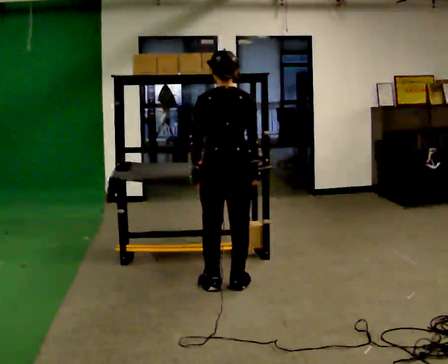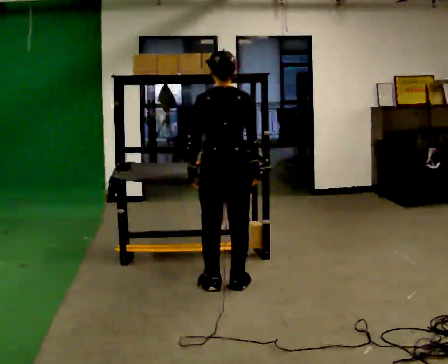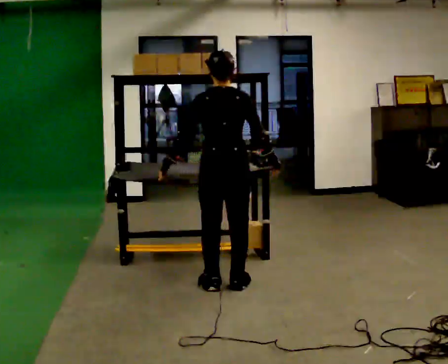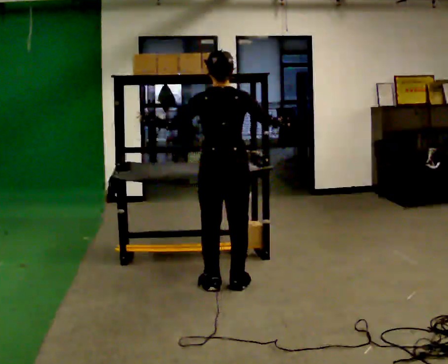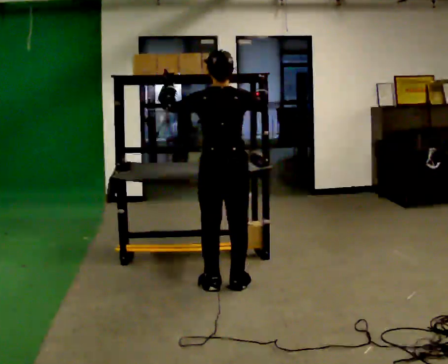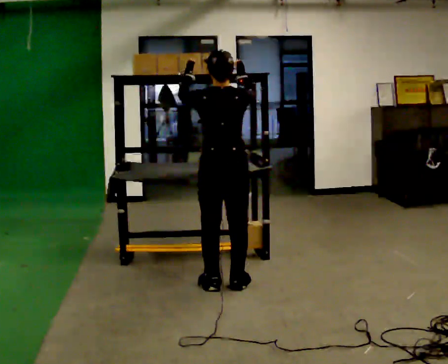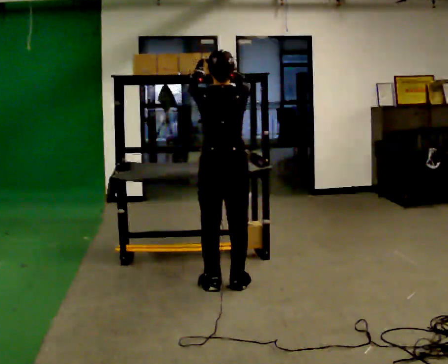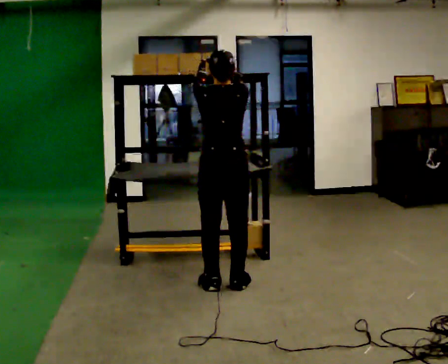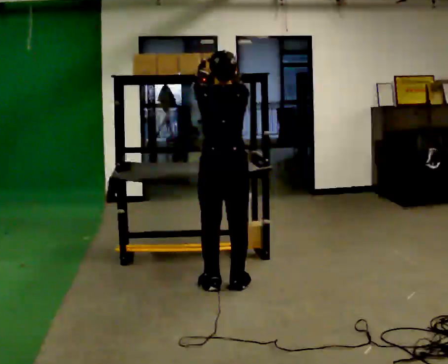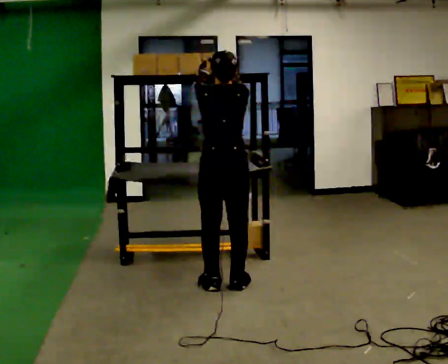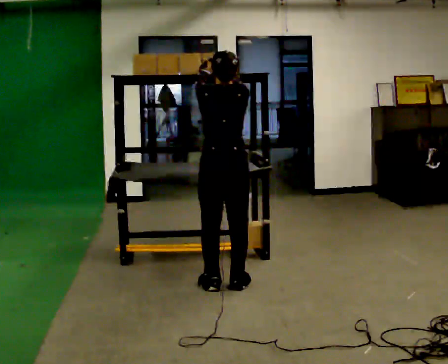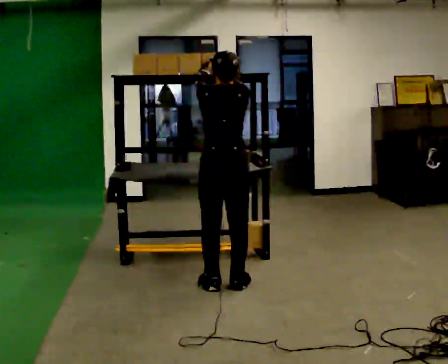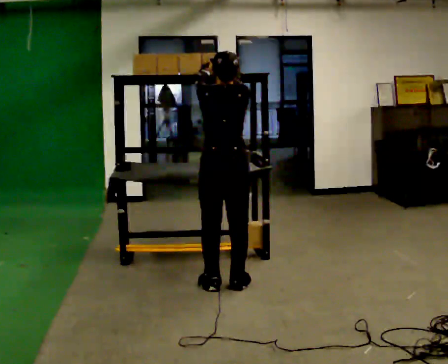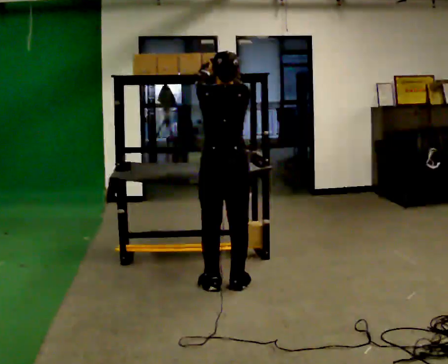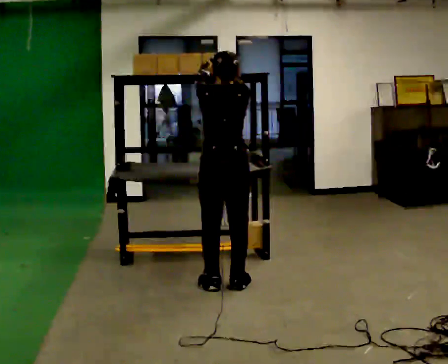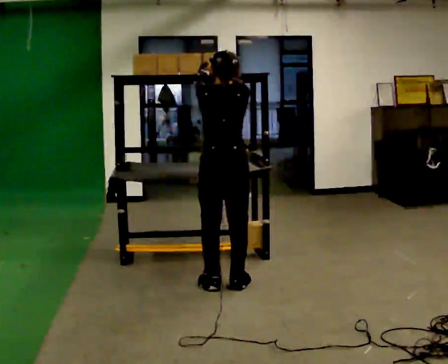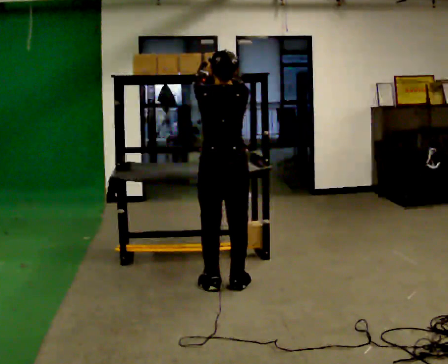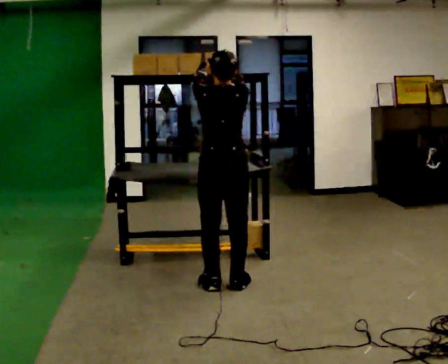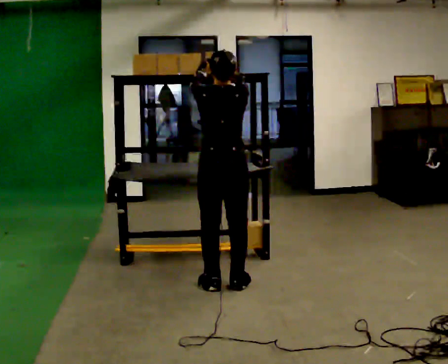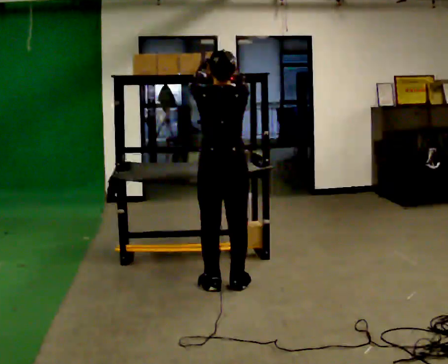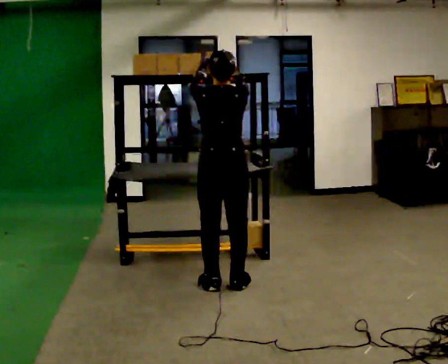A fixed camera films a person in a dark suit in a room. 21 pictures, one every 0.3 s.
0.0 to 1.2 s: In the picture their left hand goes upward, the arm swinging clockwise.
1.2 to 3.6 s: The person moves a little, or ends about where they began.
3.6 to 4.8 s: The person keeps their place and pose.
4.8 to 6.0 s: The person moves a little, or ends about where they began.
The film runs forward here.
